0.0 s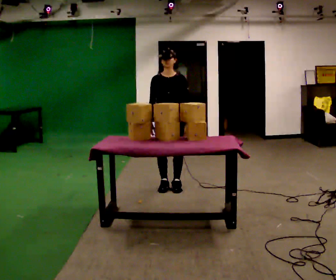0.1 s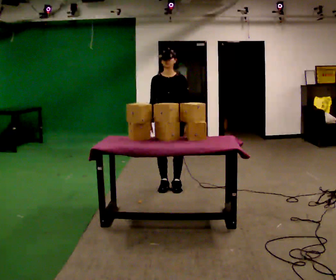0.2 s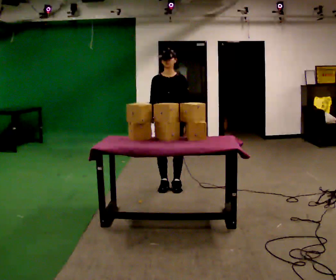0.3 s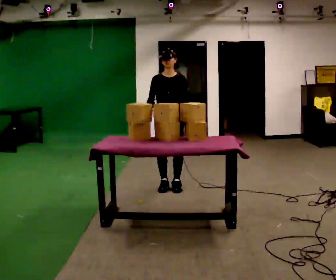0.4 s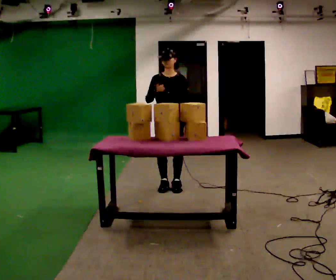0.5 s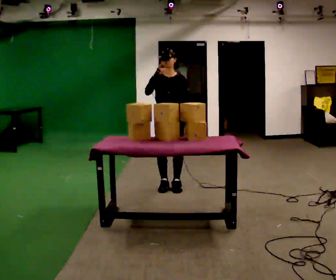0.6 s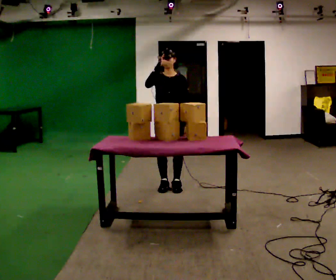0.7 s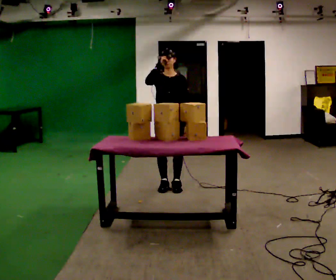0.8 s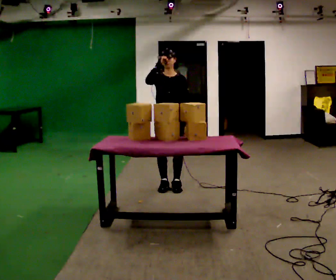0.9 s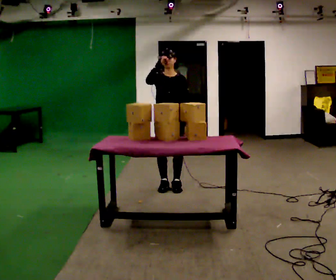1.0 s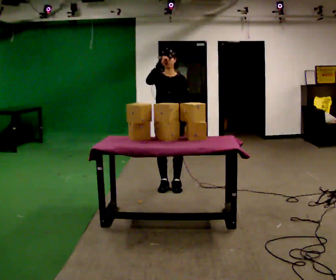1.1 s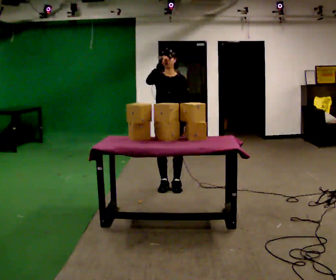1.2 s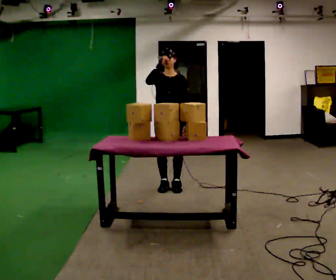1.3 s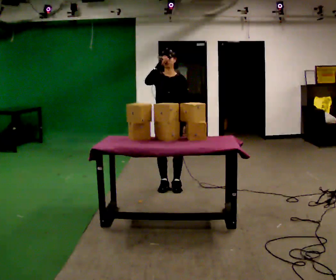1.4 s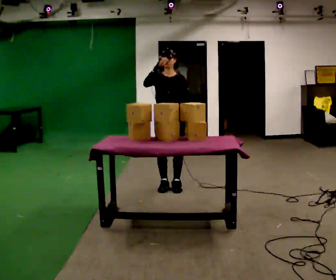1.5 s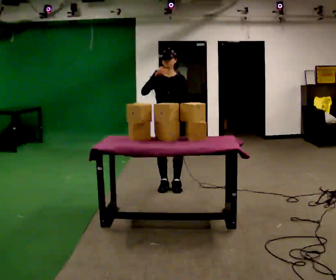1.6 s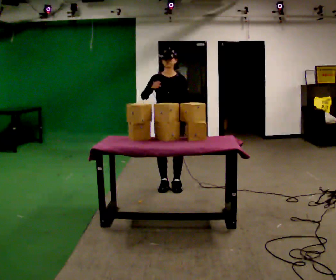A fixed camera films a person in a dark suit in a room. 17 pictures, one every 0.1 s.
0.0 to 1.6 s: In the picture their right hand goes upward.
The film runs backward here.
